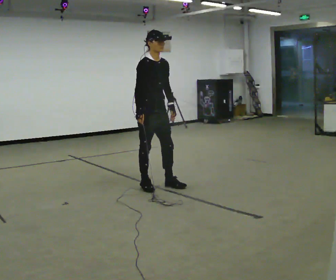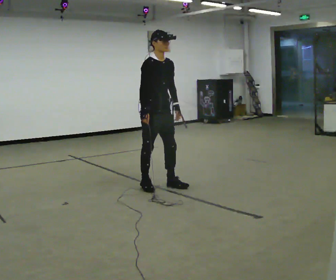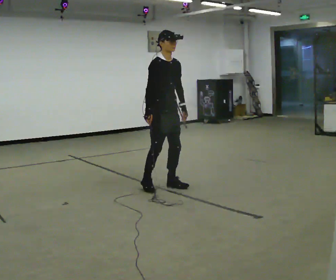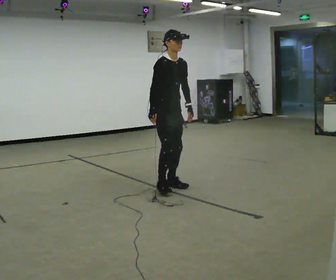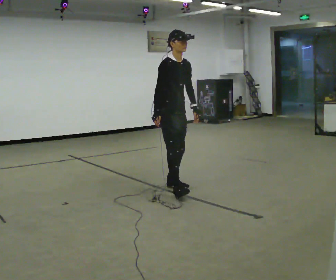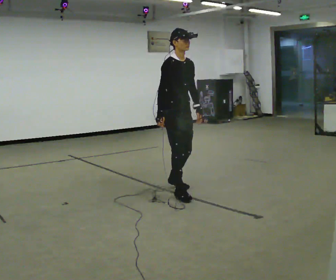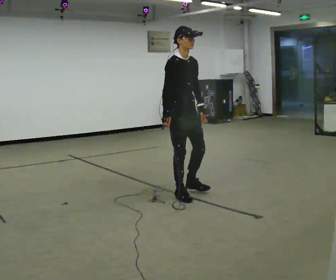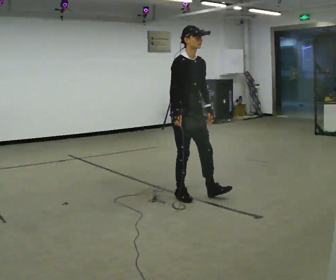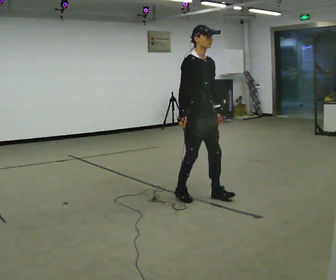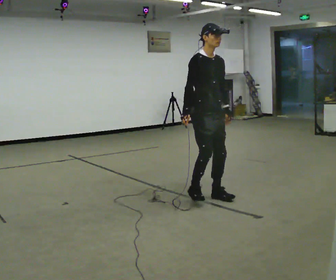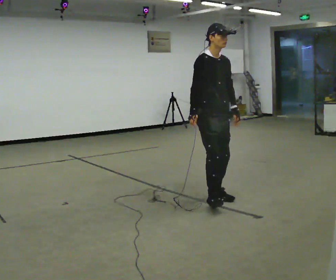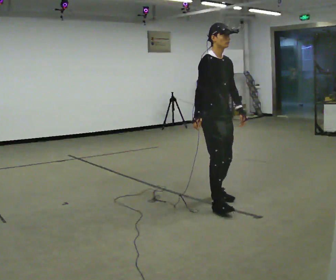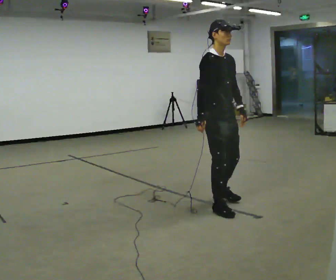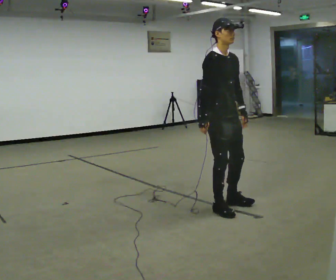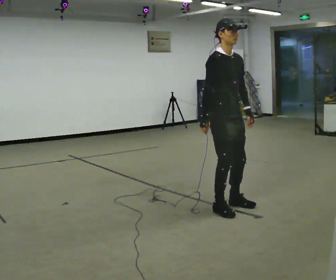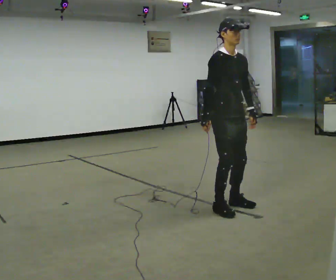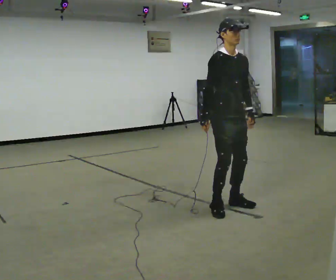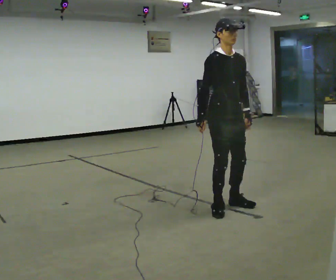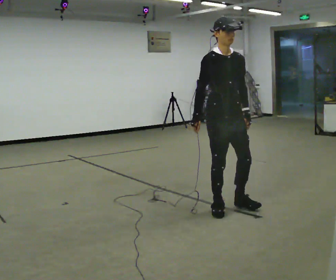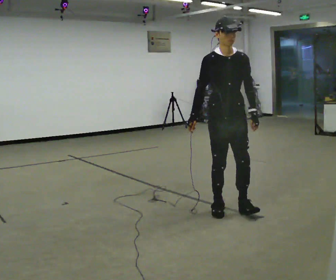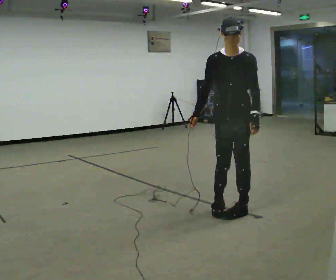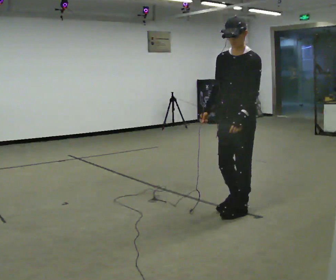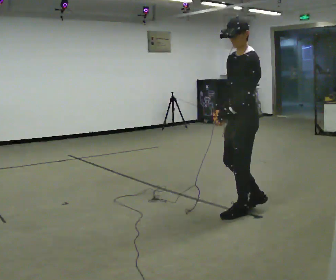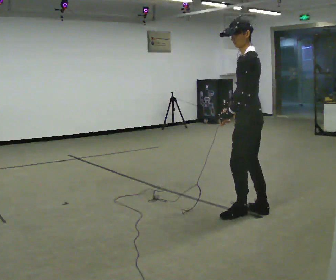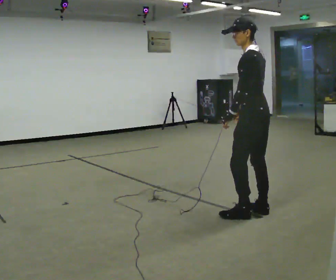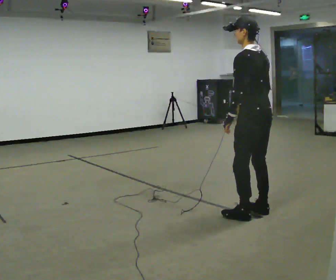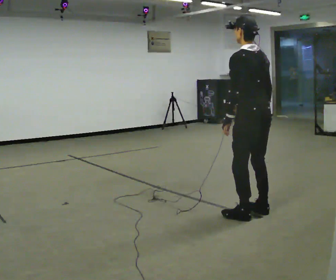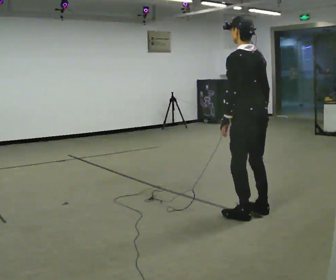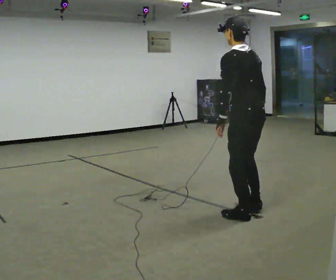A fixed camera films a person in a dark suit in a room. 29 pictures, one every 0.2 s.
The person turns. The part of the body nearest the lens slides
to the left.
The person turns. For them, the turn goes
to their right.
0.0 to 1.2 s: In the picture they go to the right and toward the camera, about 0.5 m in 2 steps, which for them is forward.
1.2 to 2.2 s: In the picture they go to the right and toward the camera, about 0.5 m in 1 step, which for them is forward.
2.2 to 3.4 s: In the picture they go toward the camera, about 0.25 m in 1 step, which for them is forward.
3.4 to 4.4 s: The part of the body nearest the lens slides to the left as the person turns to their right by about 105 degrees. In the picture they go to the right, about 0.25 m in 2 steps.
4.4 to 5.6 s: The person turns about 75 degrees to their right, clockwise seen from above, so the part of the body nearest the lens slides to the left. In the picture their right hand goes to the right, the arm swinging counterclockwise.
The film runs backward here.
